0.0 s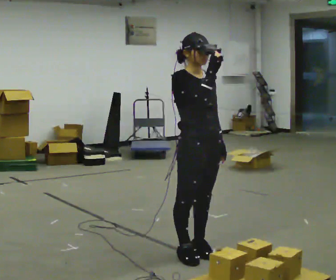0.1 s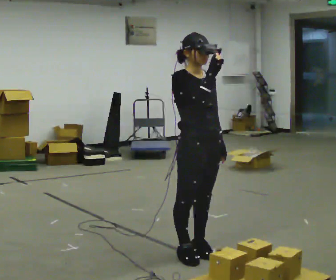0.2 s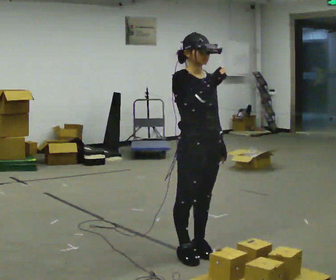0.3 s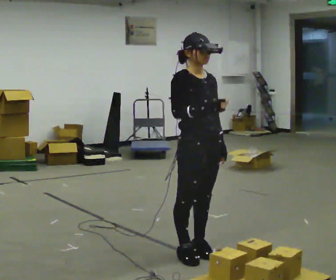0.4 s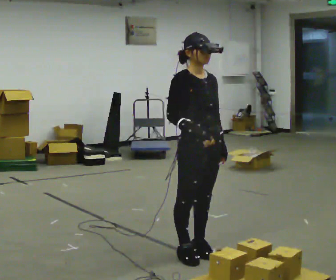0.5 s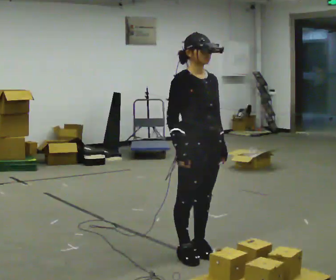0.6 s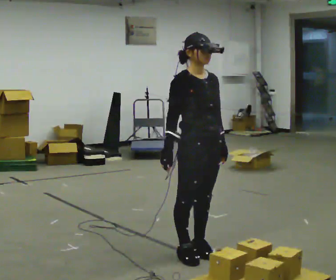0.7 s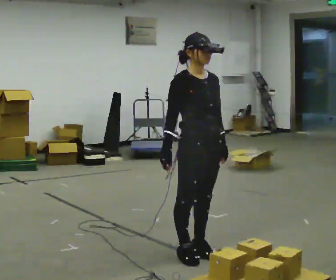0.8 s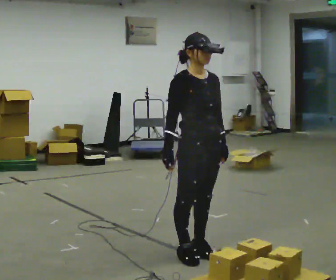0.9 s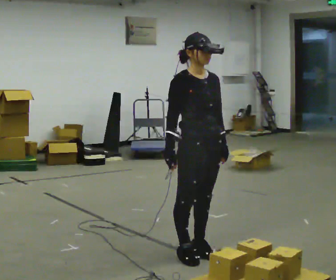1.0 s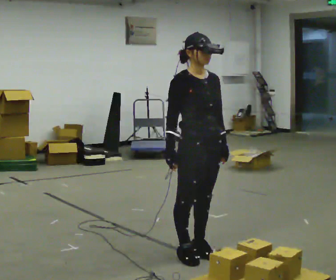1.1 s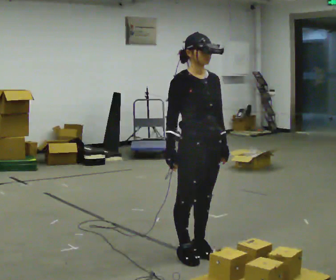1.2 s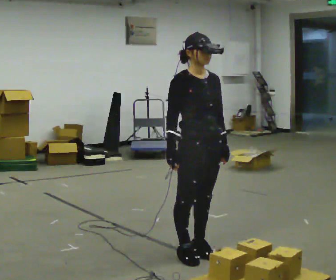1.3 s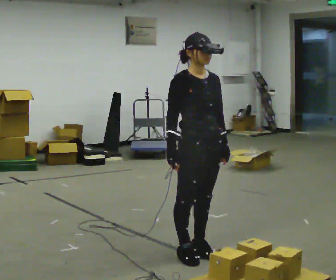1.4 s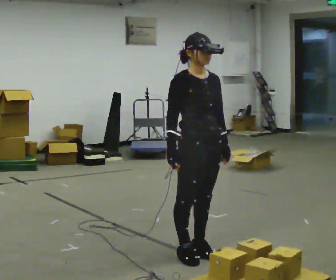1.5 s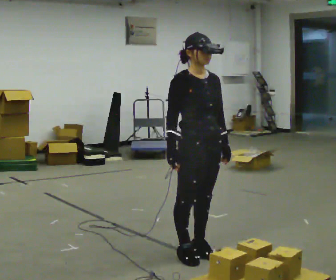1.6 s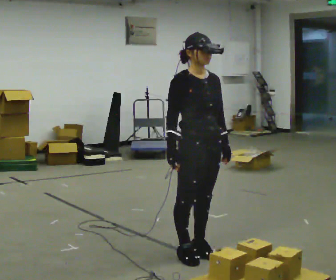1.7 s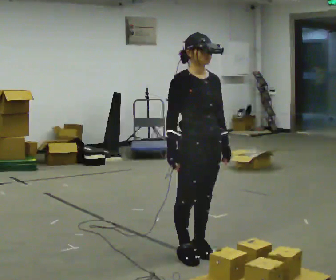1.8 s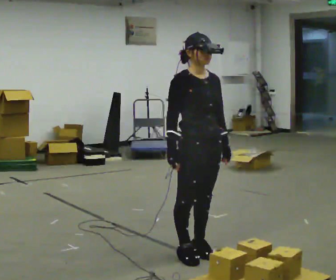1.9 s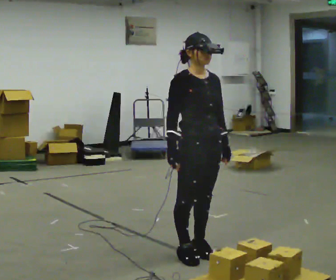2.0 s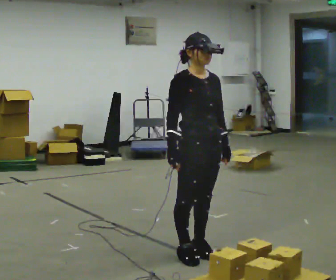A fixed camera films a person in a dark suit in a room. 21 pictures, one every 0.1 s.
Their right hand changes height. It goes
downward.
0.0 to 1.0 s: In the picture their right hand goes downward.
1.0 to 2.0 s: The person keeps their place and pose.
The film runs forward here.
